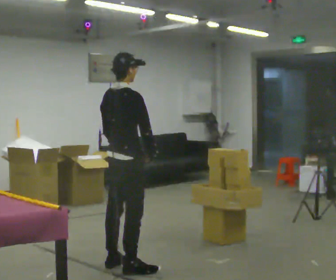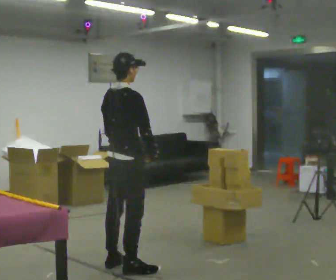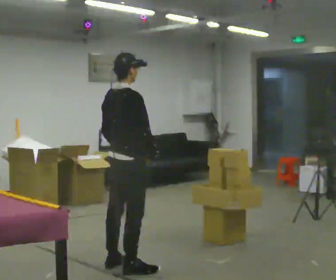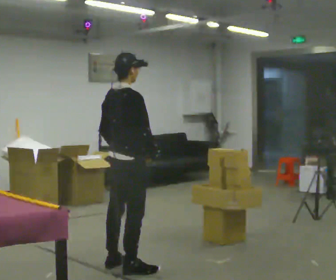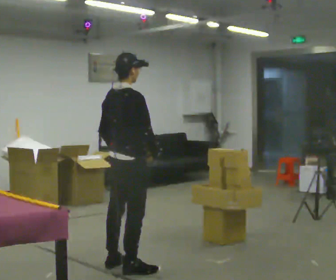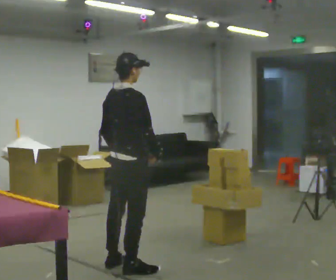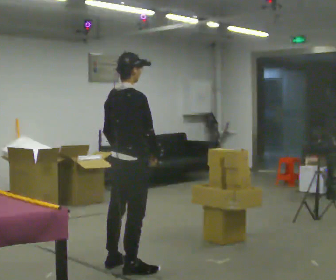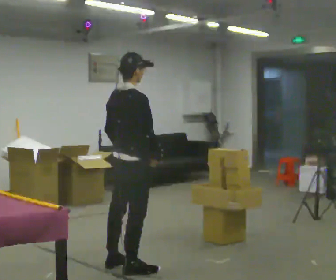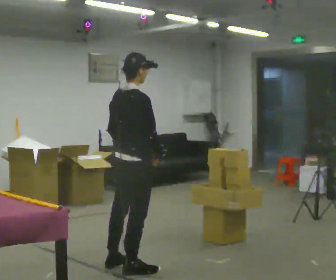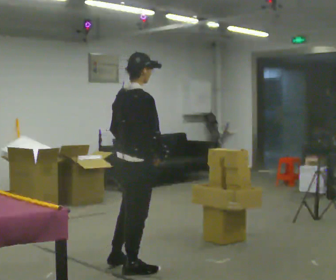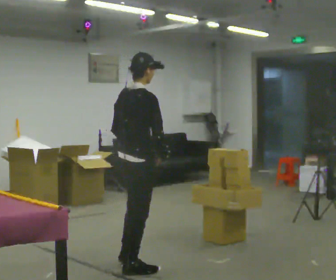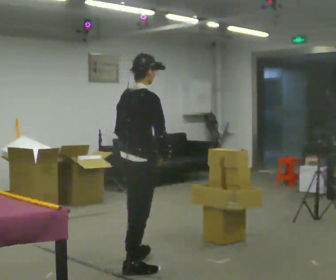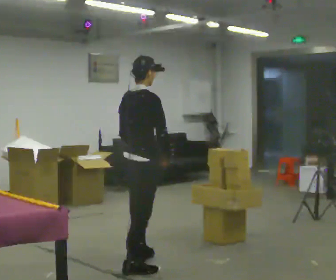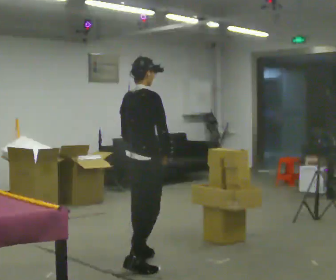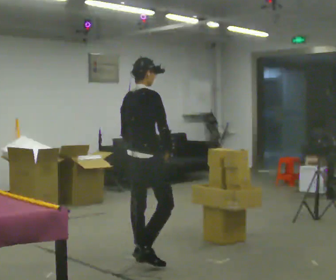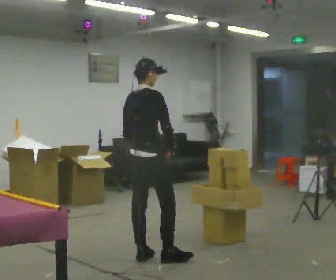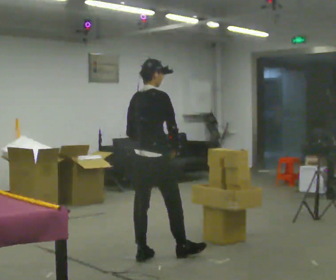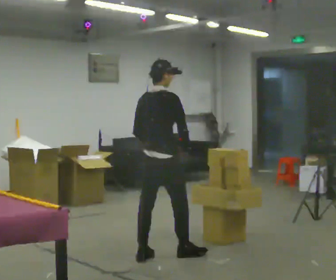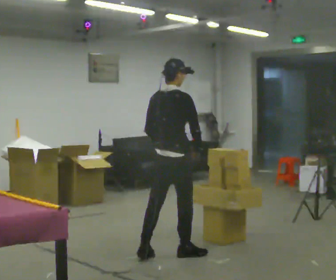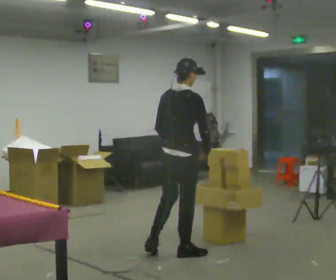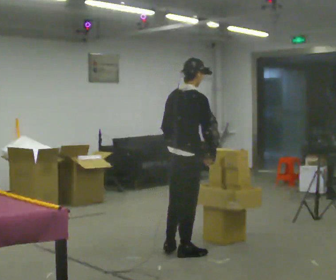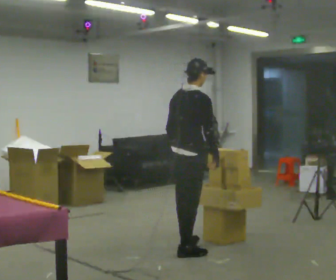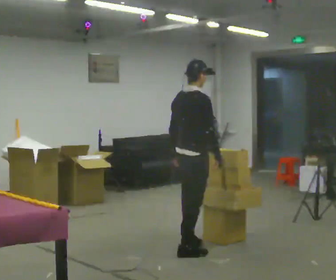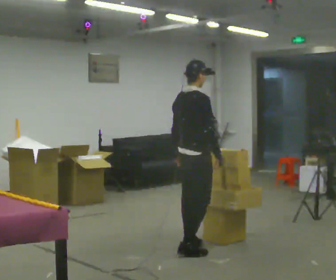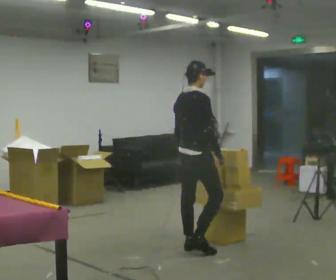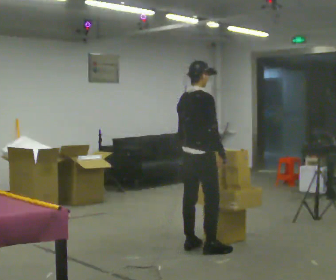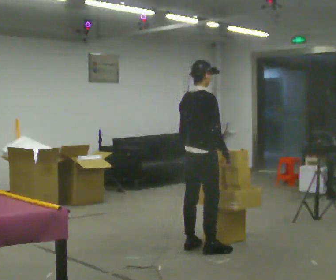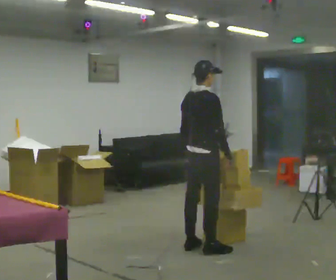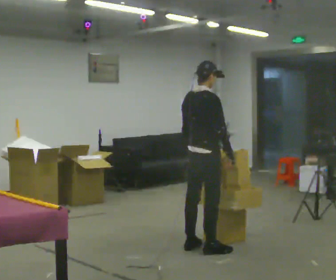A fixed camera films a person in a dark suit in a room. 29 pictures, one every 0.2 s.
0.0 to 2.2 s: The person moves a little, or ends about where they began.
2.2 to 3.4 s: In the picture they go away from the camera and to the right, about 0.5 m in 2 steps, which for them is forward and to their left.
3.4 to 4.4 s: In the picture they go to the right, about 0.25 m in 1 step, which for them is forward.
4.4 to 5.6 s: The person moves a little, or ends about where they began.
The film runs forward here.
